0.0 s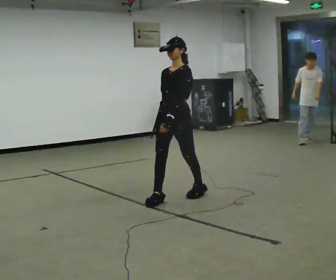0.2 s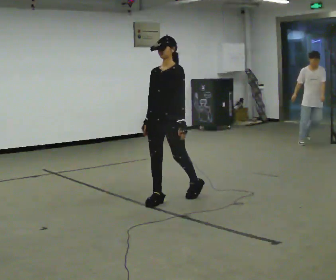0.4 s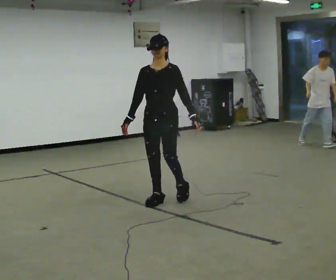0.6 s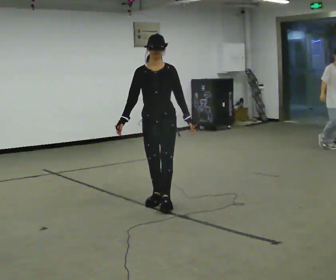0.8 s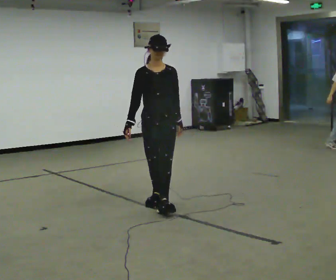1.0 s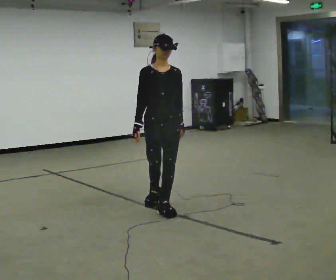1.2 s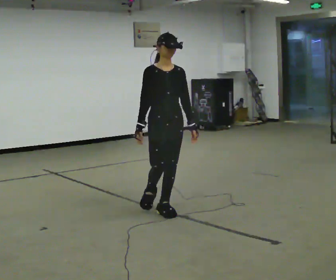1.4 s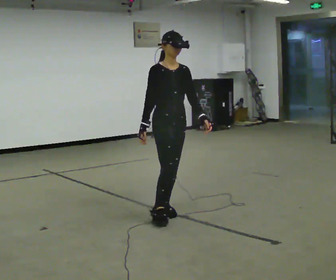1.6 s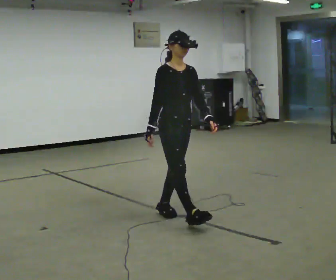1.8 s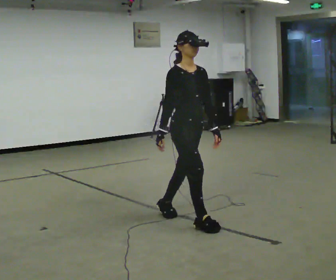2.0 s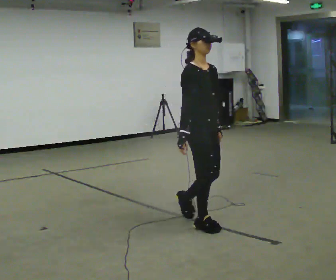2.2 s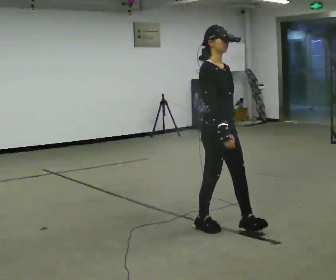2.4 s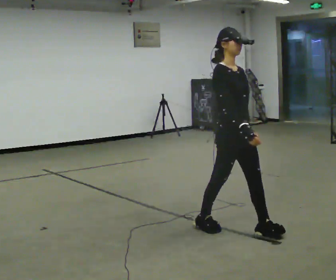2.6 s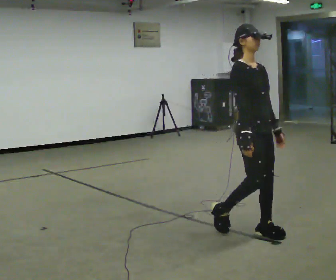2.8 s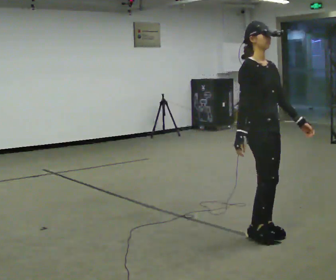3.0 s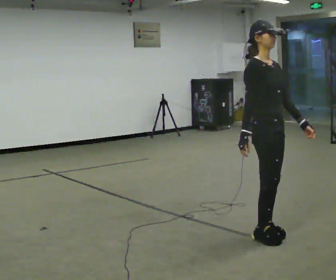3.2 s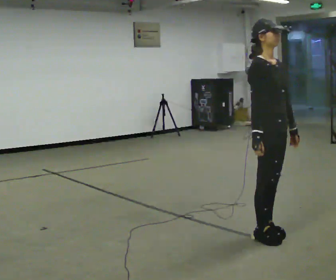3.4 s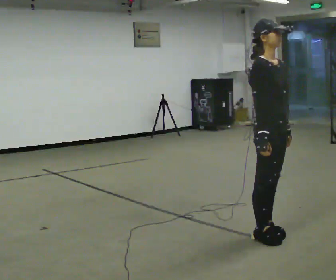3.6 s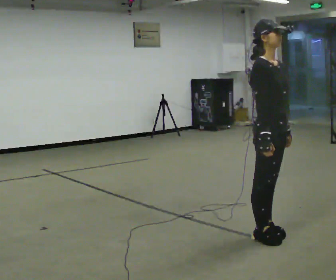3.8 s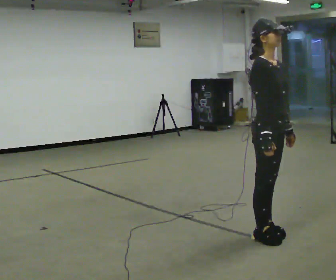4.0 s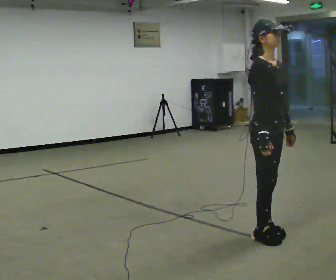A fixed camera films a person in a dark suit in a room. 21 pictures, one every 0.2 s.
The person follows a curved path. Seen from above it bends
counterclockwise.
The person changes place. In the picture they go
toward the camera.
0.0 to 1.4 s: The person turns about 75 degrees to their left, counterclockwise seen from above, so the part of the body nearest the lens slides to the right. In the picture they go toward the camera, about 0.5 m in 1 step.
1.4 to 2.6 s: In the picture they go to the right and toward the camera, about 1 m in 2 steps, which for them is forward.
2.6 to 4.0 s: The person moves a little, or ends about where they began.
The film runs forward here.
